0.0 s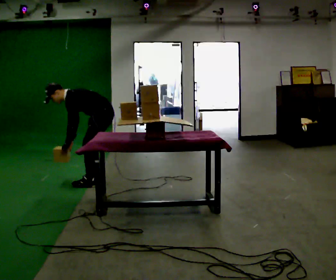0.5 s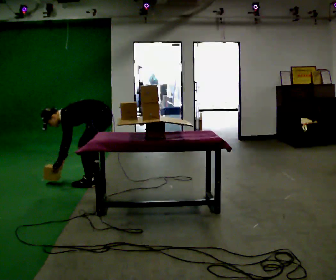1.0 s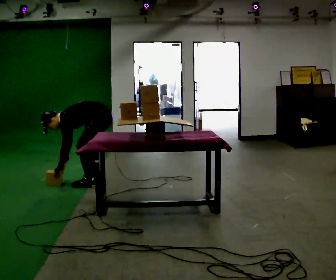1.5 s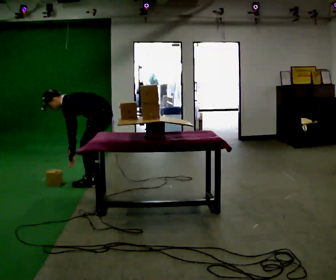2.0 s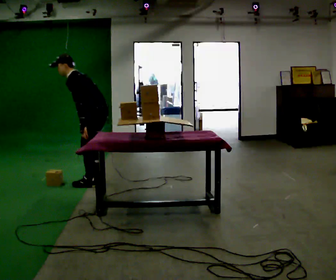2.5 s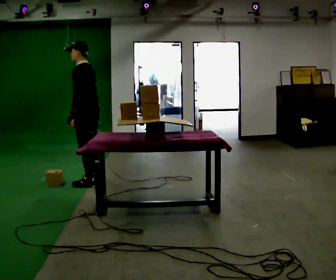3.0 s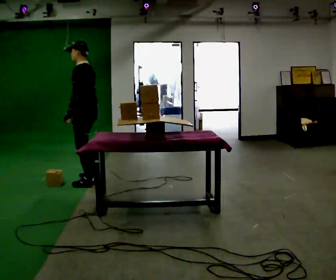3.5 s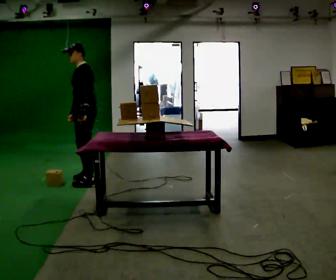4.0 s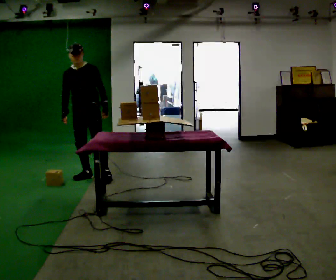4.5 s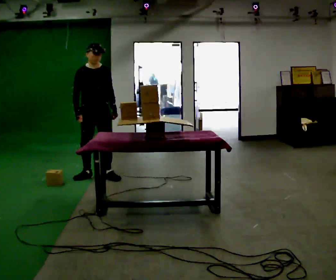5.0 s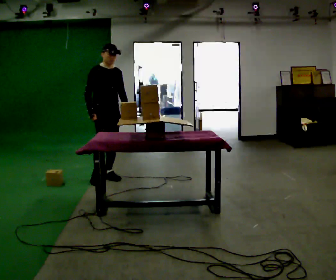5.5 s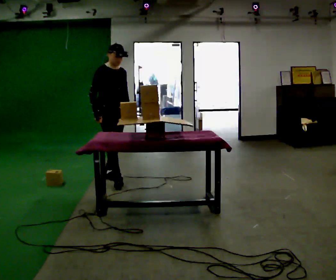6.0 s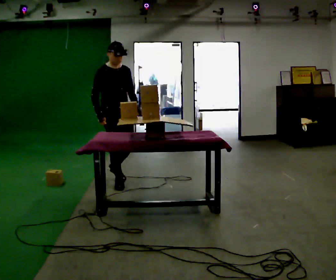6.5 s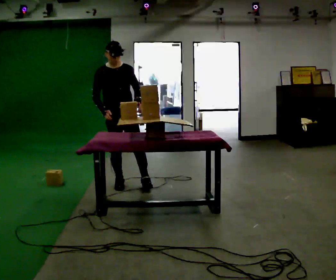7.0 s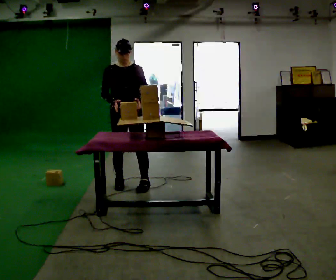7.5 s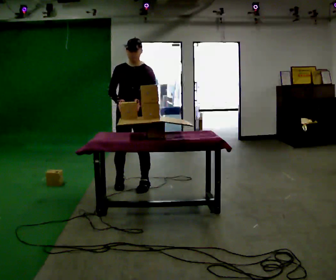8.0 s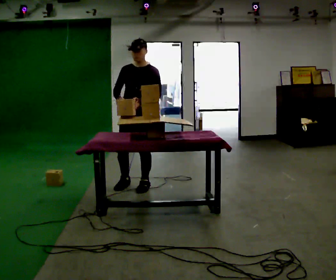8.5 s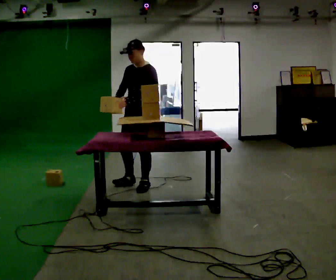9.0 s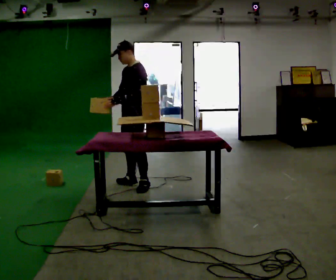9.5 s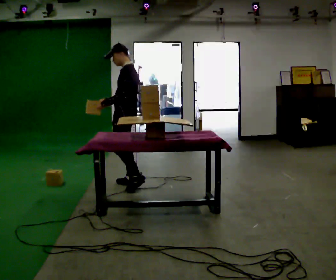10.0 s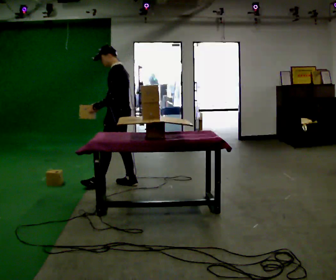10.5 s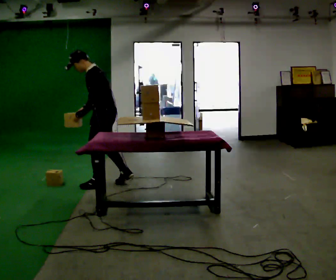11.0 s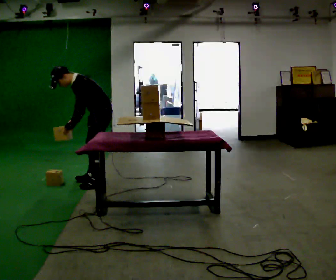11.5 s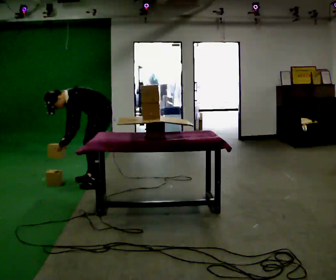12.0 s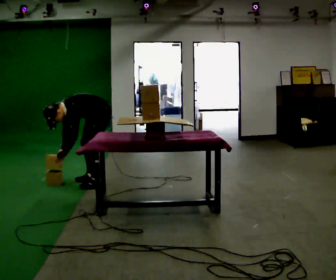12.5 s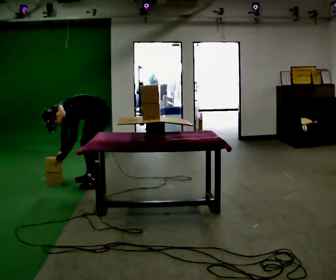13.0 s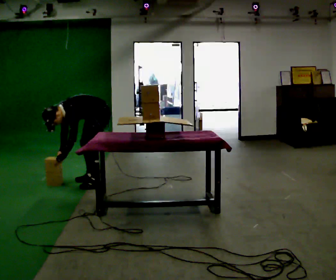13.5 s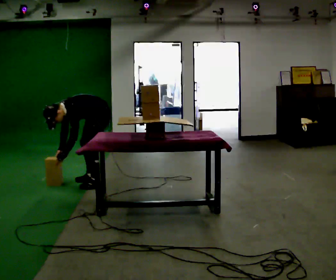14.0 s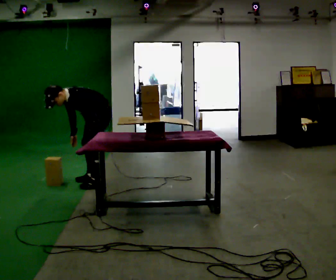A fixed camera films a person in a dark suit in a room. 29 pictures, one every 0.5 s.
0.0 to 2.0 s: The person moves a little, or ends about where they began.
2.0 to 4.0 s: Seen from above the body turns counterclockwise, about 90 degrees: to their left, with its near side sliding to the right. In the picture they go away from the camera and to the left, about 0.25 m in 1 step.
4.0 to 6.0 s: The person turns about 45 degrees to their left, counterclockwise seen from above, so the part of the body nearest the lens slides to the right. In the picture they go to the right and toward the camera, about 0.5 m in 2 steps, which for them is forward.
6.0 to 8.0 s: The part of the body nearest the lens slides to the left as the person turns to their right by about 60 degrees. In the picture they go to the right and toward the camera, about 0.25 m in 1 step, which for them is to their left and forward.
8.0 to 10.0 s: The part of the body nearest the lens slides to the left as the person turns to their right by about 75 degrees. In the picture they go to the left and away from the camera, about 0.25 m in 1 step.
10.0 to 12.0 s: Seen from above the body turns counterclockwise, about 45 degrees: to their left, with its near side sliding to the right. In the picture they go to the left, about 0.25 m in 1 step, which for them is forward and to their right. The upper body goes downward. In the picture the upper body tilts counterclockwise, shoulders to the left, as they bend forward. In the picture their left hand goes downward.
12.0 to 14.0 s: The upper body goes upward. The upper body tips away from the camera, its near side rolling upward, as they lean back or straighten. In the picture their left hand goes to the right.
The film runs forward here.
